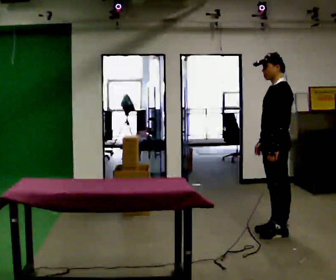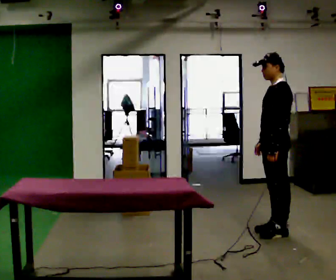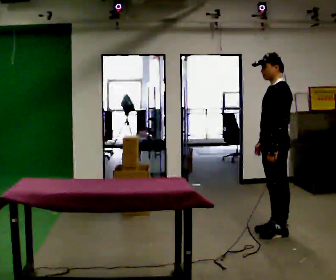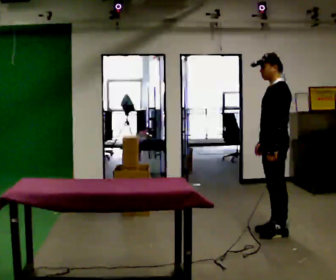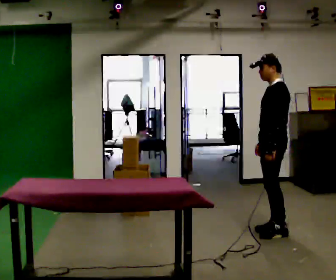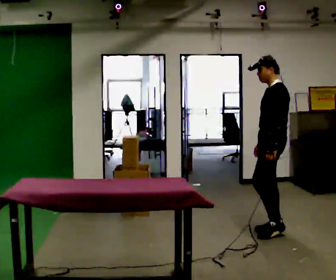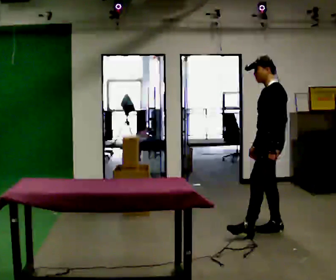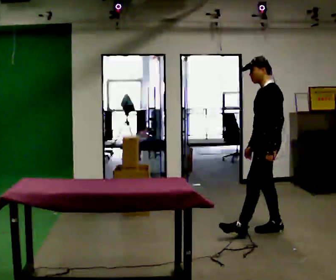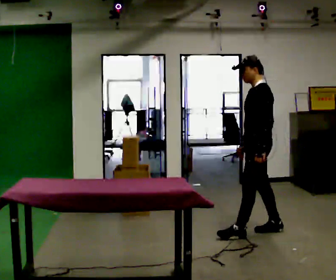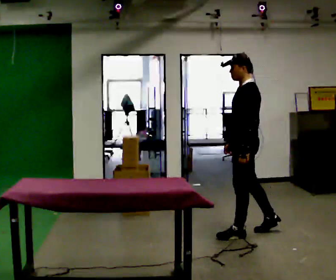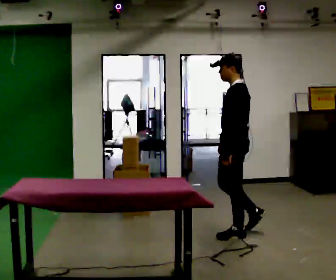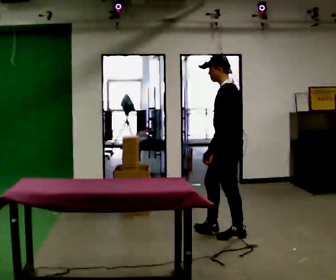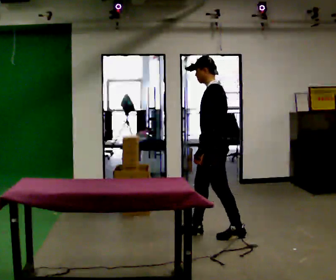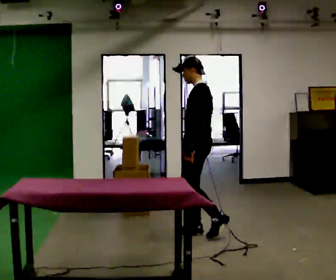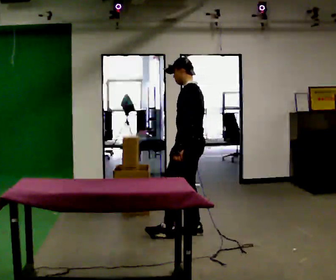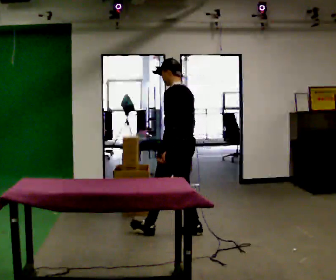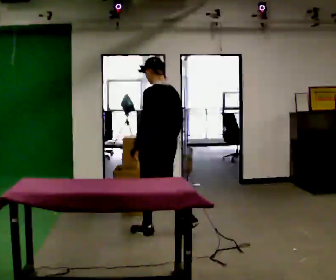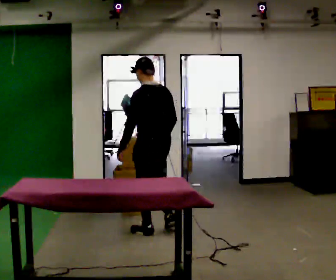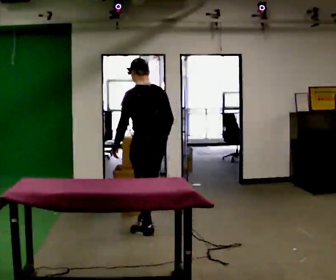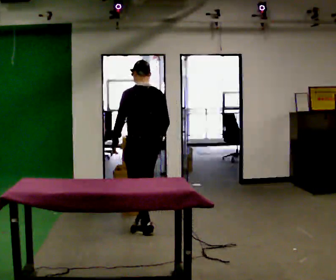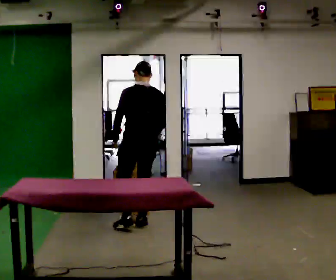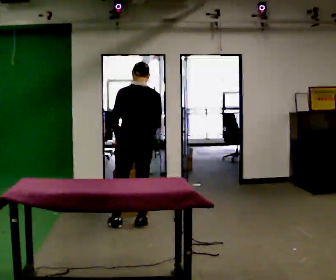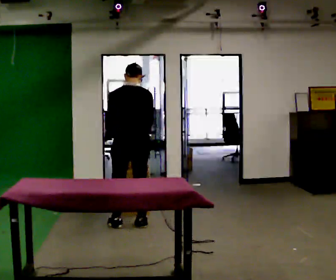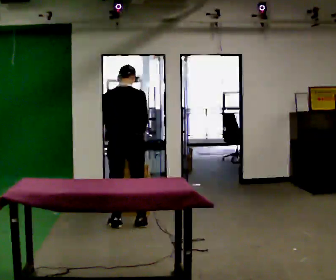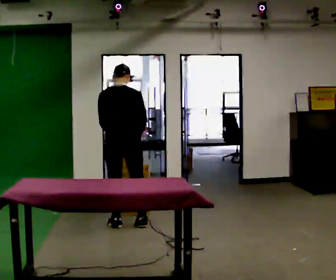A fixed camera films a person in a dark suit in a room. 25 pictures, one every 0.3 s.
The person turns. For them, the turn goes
to their right.
The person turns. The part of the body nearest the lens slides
to the left.
0.0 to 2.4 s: In the picture they go to the left, about 0.25 m in 1 step, which for them is forward.
2.4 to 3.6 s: In the picture they go to the left, about 0.5 m in 1 step, which for them is forward.
3.6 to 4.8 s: The part of the body nearest the lens slides to the left as the person turns to their right by about 45 degrees. In the picture they go to the left, about 0.5 m in 1 step, which for them is forward.
4.8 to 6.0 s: Seen from above the body turns clockwise, about 30 degrees: to their right, with its near side sliding to the left. In the picture they go to the left and away from the camera, about 0.25 m in 1 step, which for them is forward.
6.0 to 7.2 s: Seen from above the body turns clockwise, about 30 degrees: to their right, with its near side sliding to the left. In the picture they go to the left, about 0.25 m in 1 step, which for them is to their left.
The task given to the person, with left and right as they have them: Carry the box over and put it on the shelf with the label facing out towards you. Get the orientation right, not just the position. Keep going until the operator says stop; one object at a time, and do not rush between trips.
The film runs forward here.
